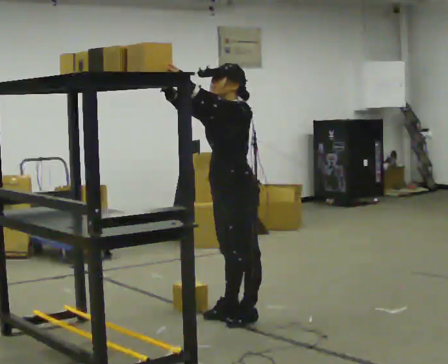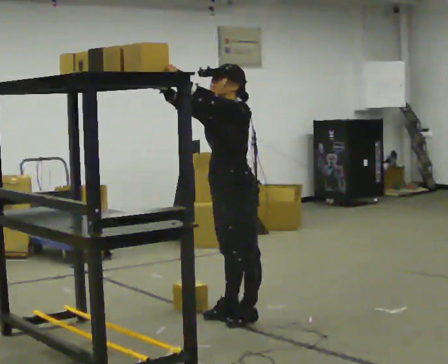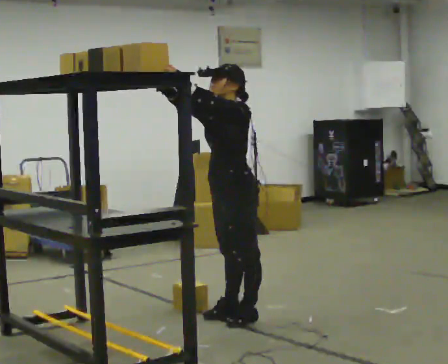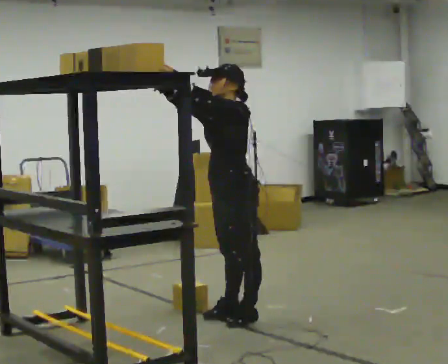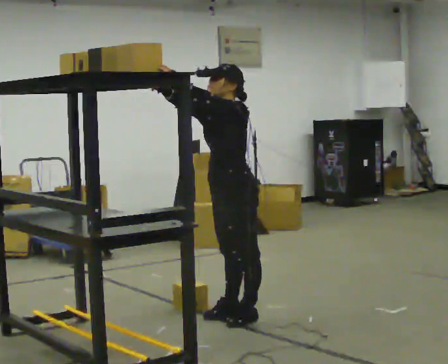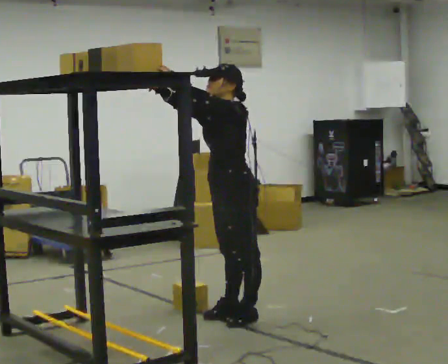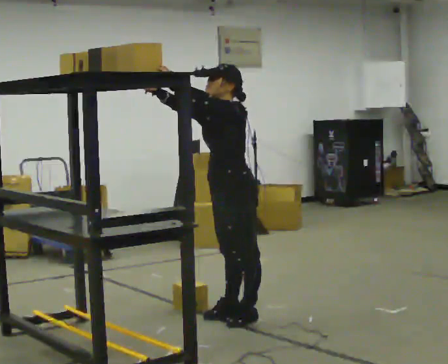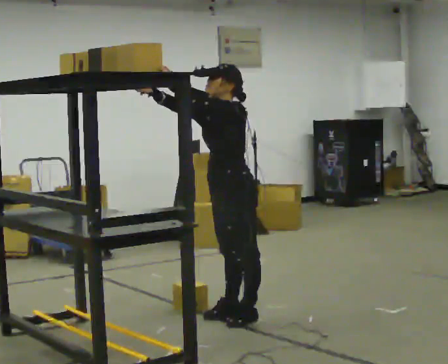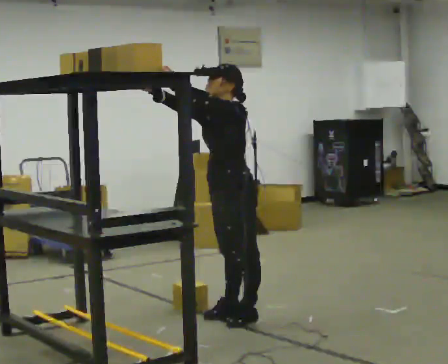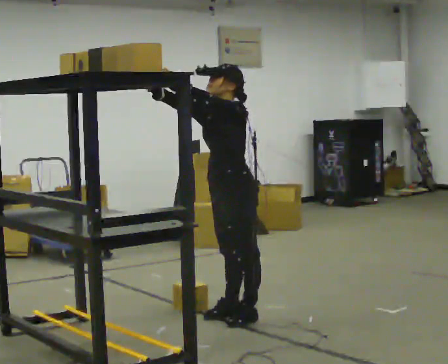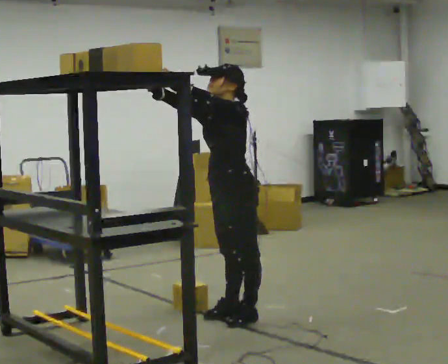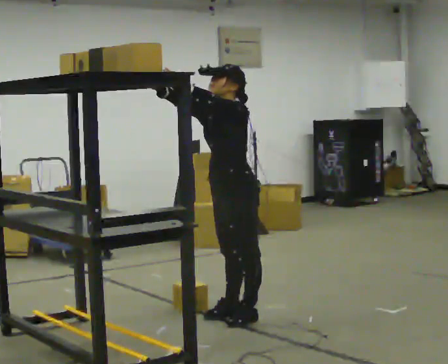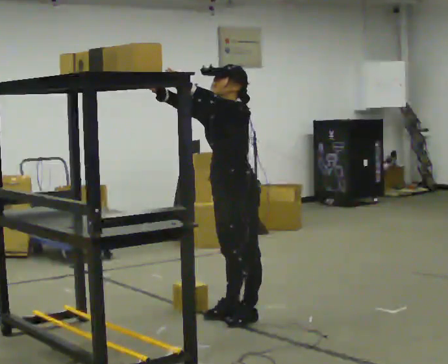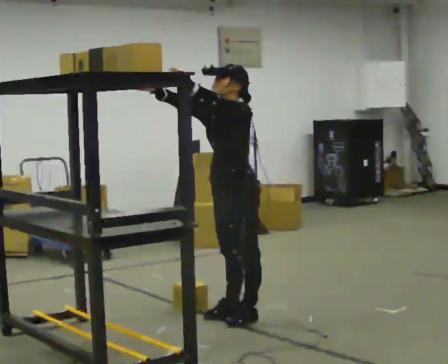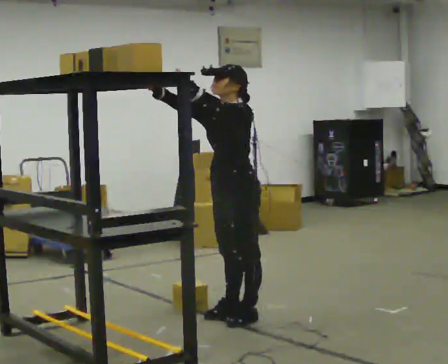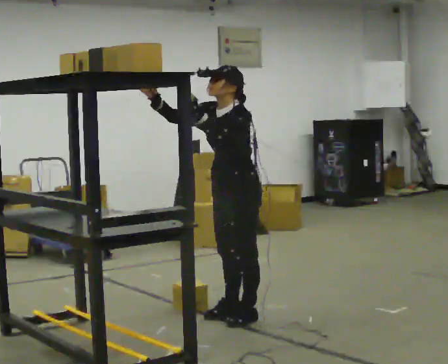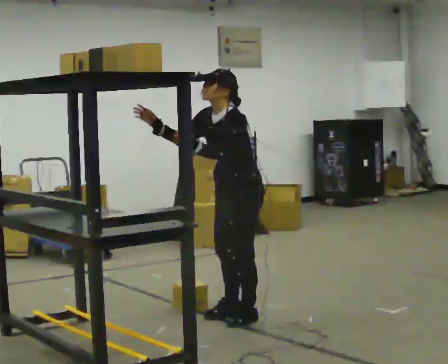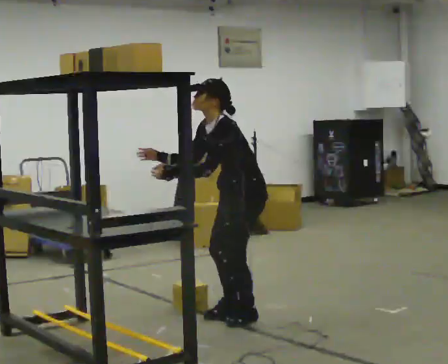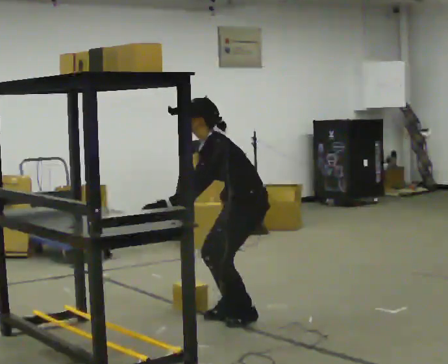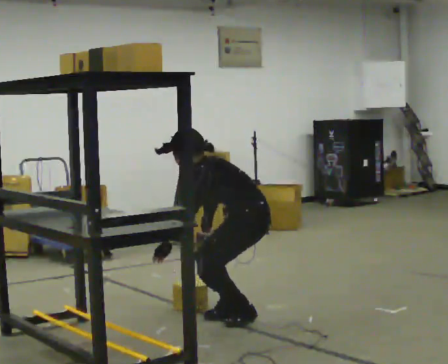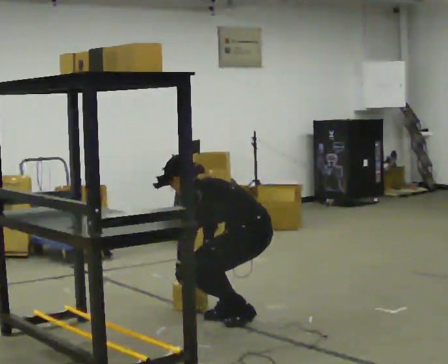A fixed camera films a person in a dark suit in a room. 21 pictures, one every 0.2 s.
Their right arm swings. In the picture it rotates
counterclockwise.
Their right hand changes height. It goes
downward.
0.0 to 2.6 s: The person moves a little, or ends about where they began.
2.6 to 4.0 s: Seen from above the body turns clockwise, about 45 degrees: to their right, with its near side sliding to the left. The shoulders move downward. In the picture the upper body tilts counterclockwise, shoulders to the left, as they bend forward. In the picture their right hand goes downward, the arm swinging counterclockwise.
The film runs backward here.
